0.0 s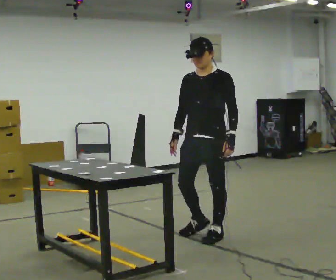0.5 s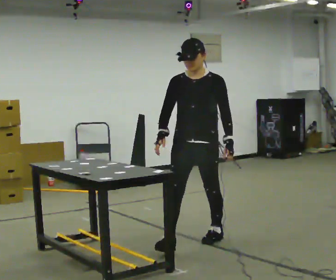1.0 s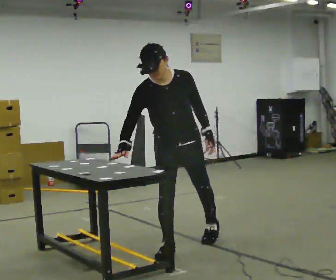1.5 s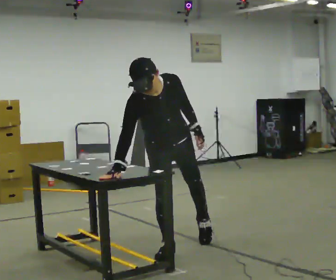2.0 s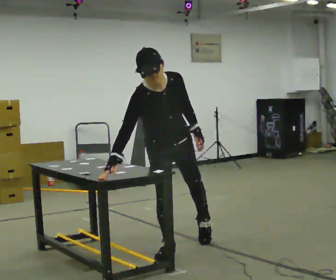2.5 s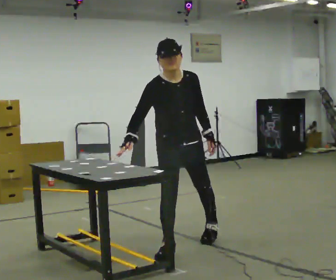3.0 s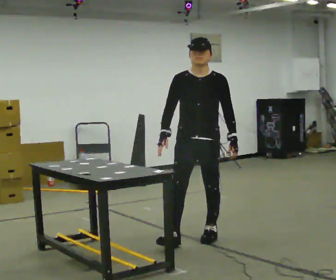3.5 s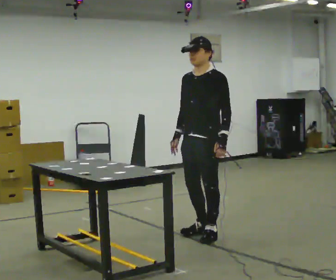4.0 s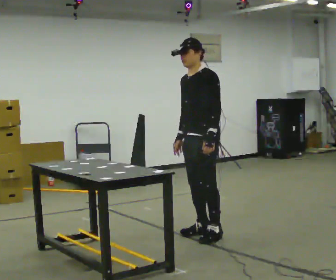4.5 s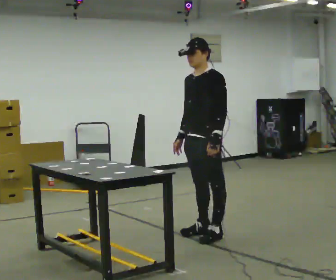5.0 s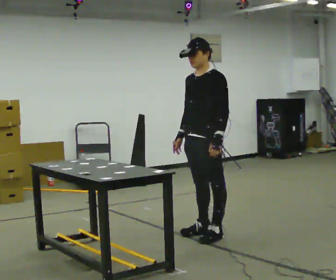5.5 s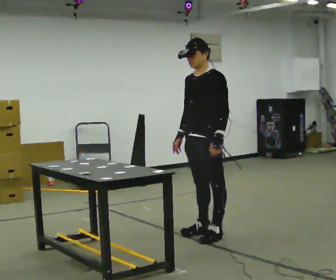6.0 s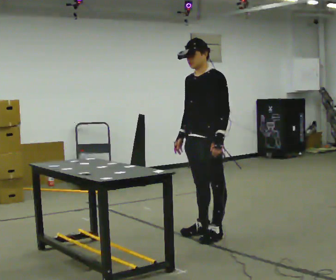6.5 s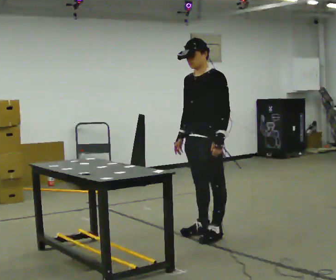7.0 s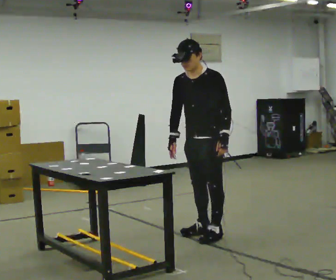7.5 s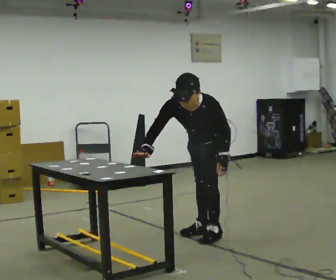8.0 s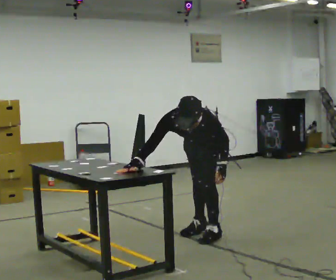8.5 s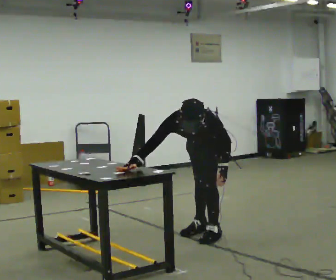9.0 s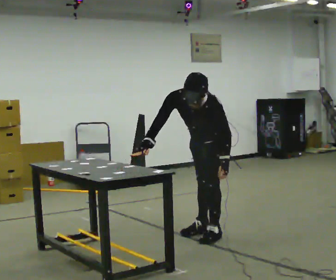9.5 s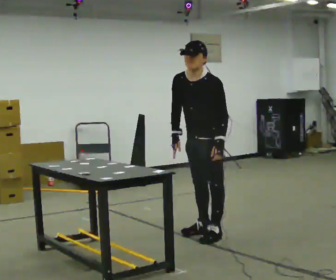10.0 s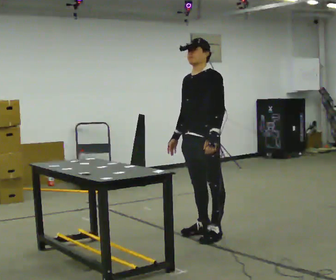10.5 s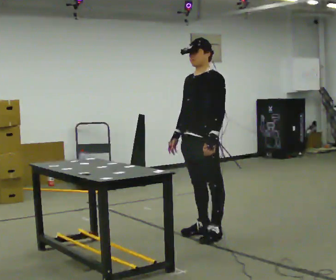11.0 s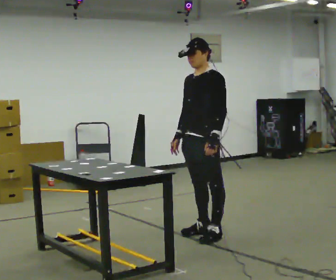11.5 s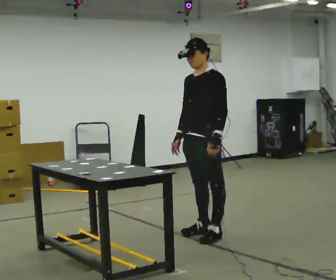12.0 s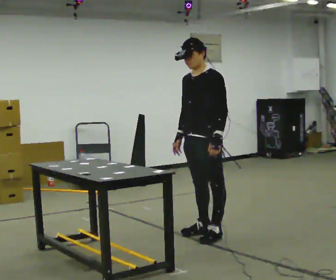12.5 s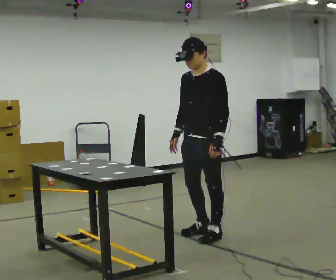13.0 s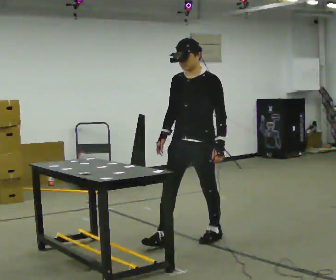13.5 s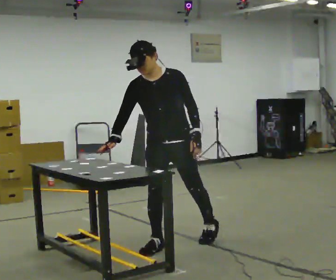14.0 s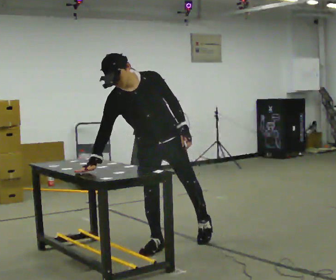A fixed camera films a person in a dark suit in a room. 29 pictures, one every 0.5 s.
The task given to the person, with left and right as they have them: Touch each numbered target on the board in front of you in the order the operator calls. Keep both feet on the marked spots for the whole take. If you have to step, stop and tell the operator.
0.0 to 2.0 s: Seen from above the body turns counterclockwise, about 60 degrees: to their left, with its near side sliding to the right. In the picture they go toward the camera and to the left, about 0.5 m in 1 step, which for them is to their right and forward. The upper body tips toward the camera, its near side rolling downward, as they bend forward.
2.0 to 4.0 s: Seen from above the body turns clockwise, about 75 degrees: to their right, with its near side sliding to the left. In the picture they go away from the camera and to the right, about 0.5 m in 1 step. The upper body tips away from the camera, its near side rolling upward, as they lean back or straighten.
4.0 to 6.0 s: The person moves a little, or ends about where they began.
6.0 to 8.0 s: The part of the body nearest the lens slides to the right as the person turns to their left by about 30 degrees. The shoulders move downward. The upper body tips toward the camera, its near side rolling downward, as they bend forward.
8.0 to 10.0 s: The shoulders move upward. The upper body tips away from the camera, its near side rolling upward, as they lean back or straighten.
10.0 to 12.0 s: The person moves a little, or ends about where they began.
12.0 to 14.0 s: The part of the body nearest the lens slides to the right as the person turns to their left by about 45 degrees. In the picture they go to the left and toward the camera, about 0.5 m in 1 step, which for them is forward. The upper body tips toward the camera, its near side rolling downward, as they bend forward.
The film runs forward here.
